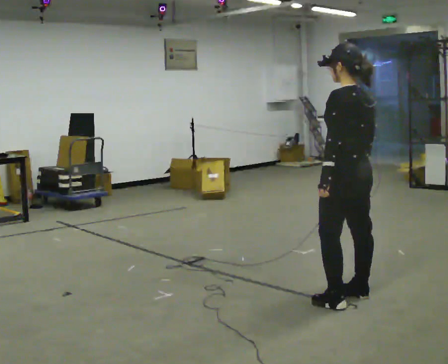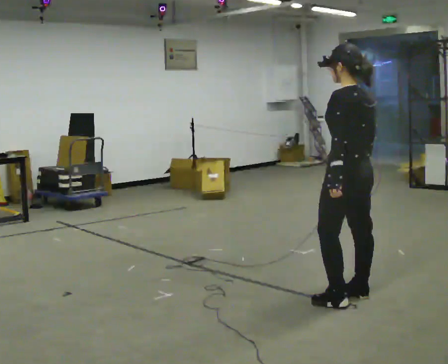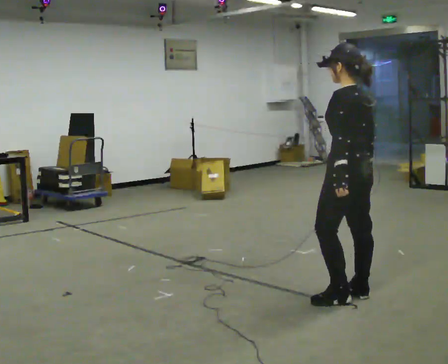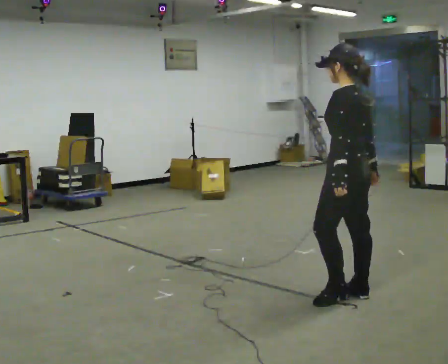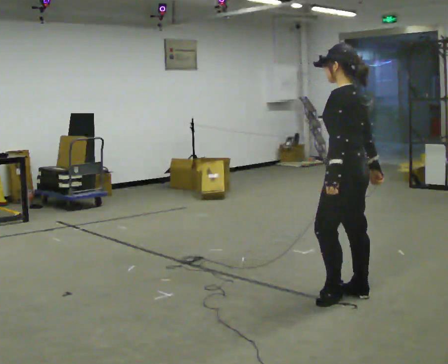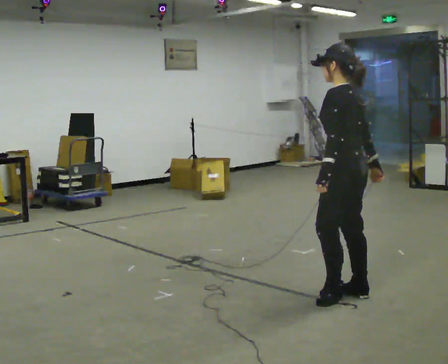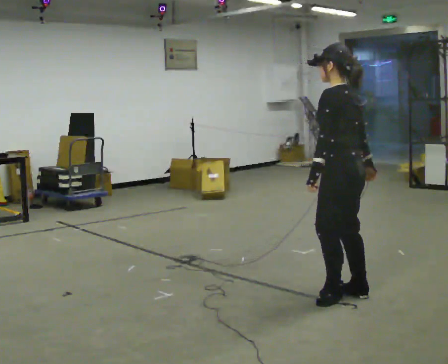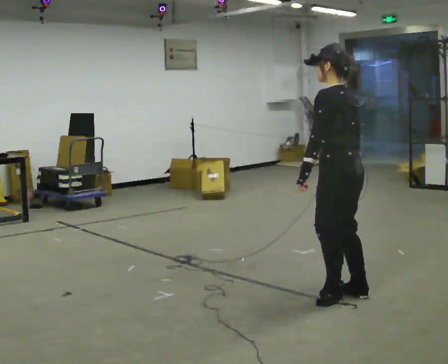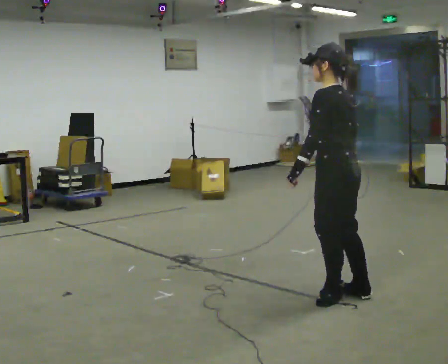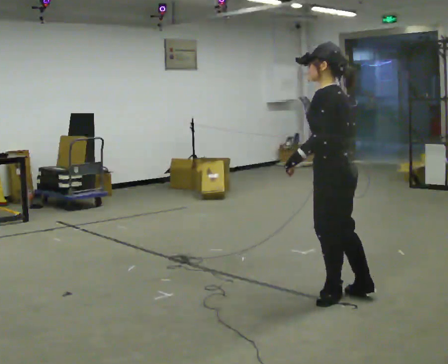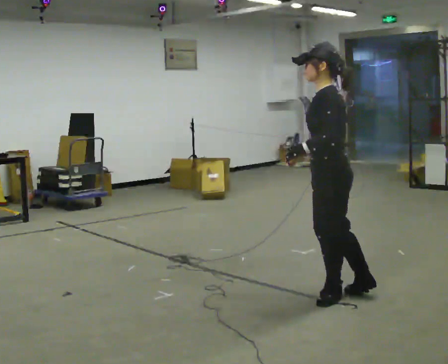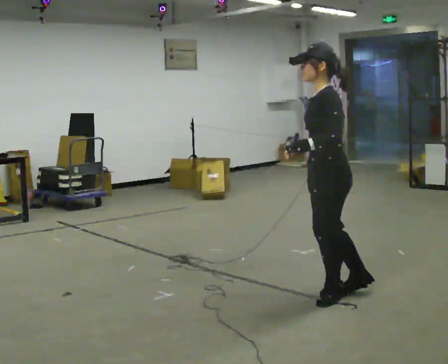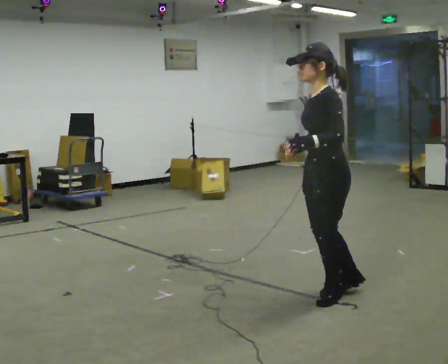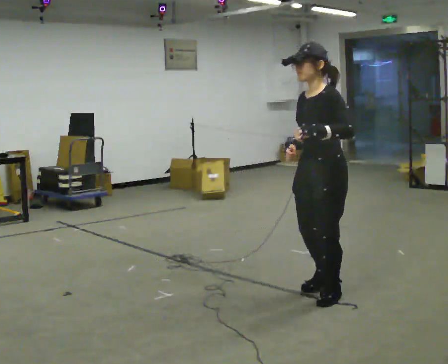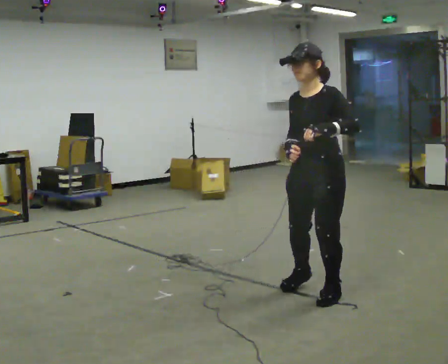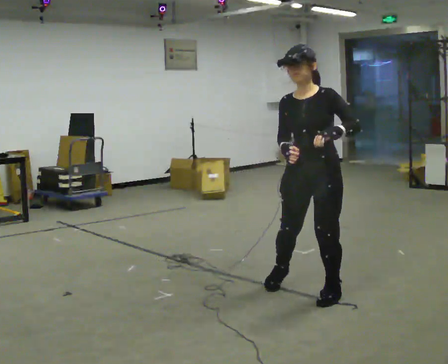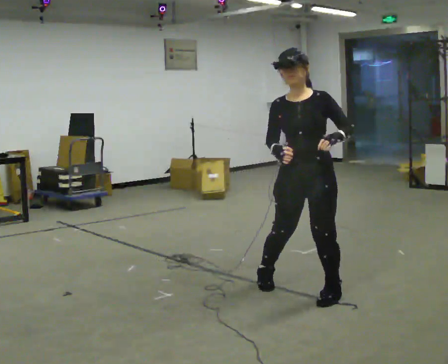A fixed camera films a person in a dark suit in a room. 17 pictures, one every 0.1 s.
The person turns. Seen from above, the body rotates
counterclockwise.
The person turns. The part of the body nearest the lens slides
to the right.
0.0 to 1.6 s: Seen from above the body turns counterclockwise, about 120 degrees: to their left, with its near side sliding to the right. In the picture they go to the left, about 0.25 m in 2 steps. In the picture their right hand goes to the left.
The film runs backward here.
